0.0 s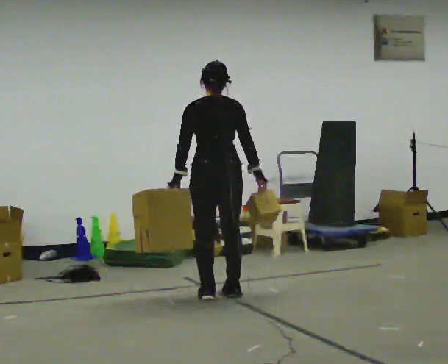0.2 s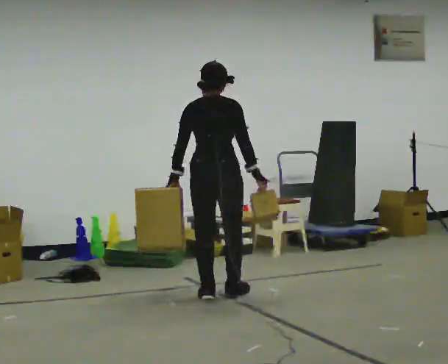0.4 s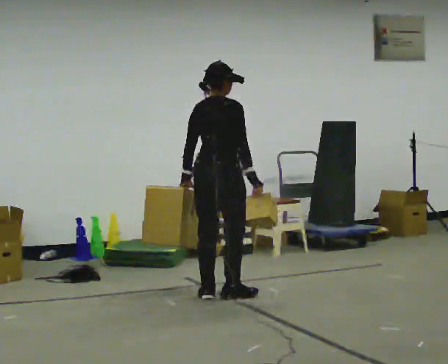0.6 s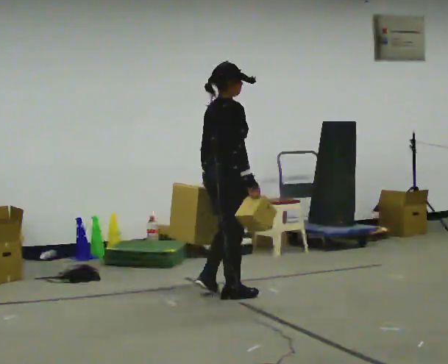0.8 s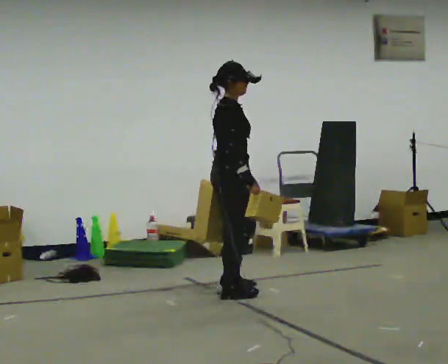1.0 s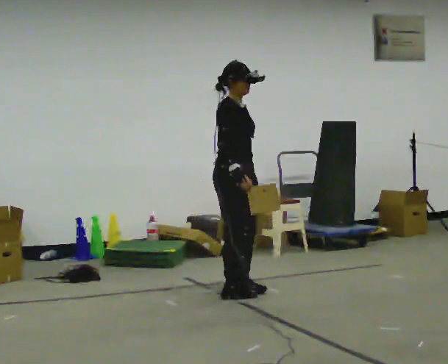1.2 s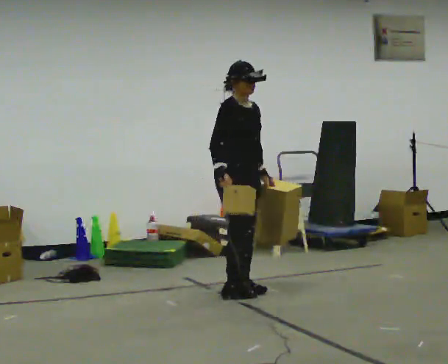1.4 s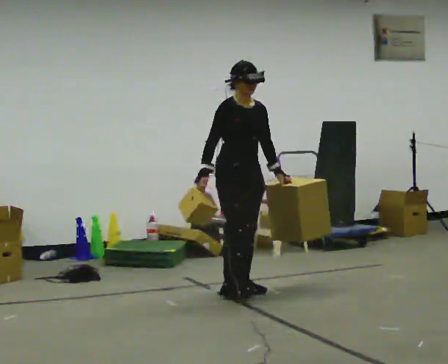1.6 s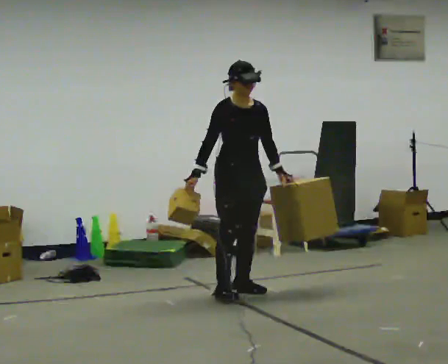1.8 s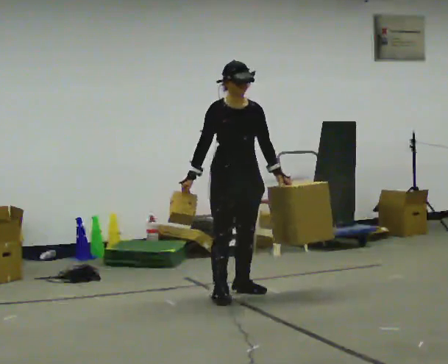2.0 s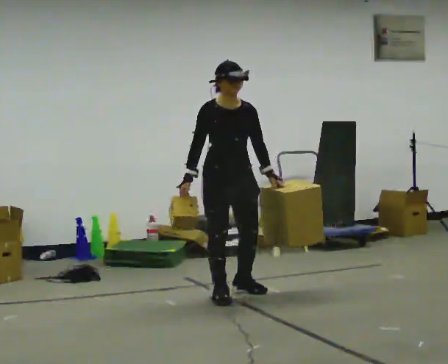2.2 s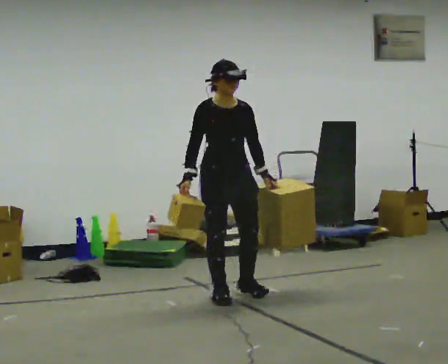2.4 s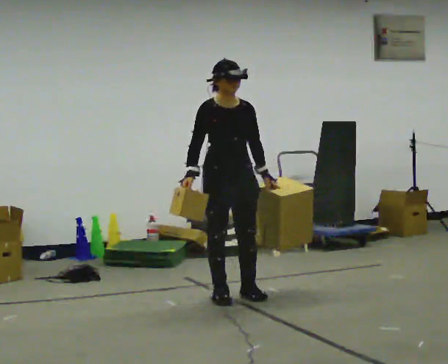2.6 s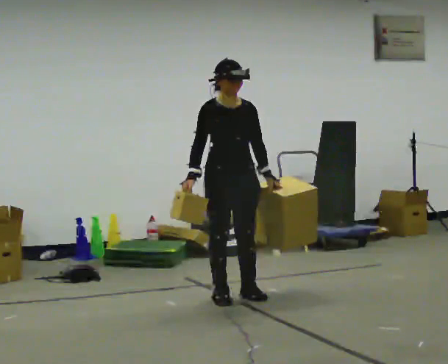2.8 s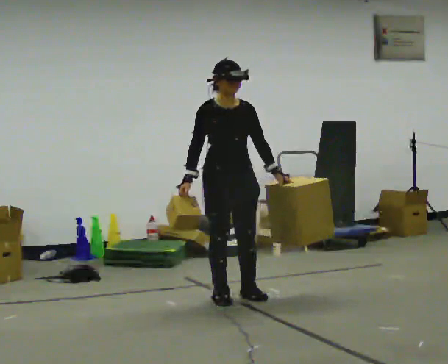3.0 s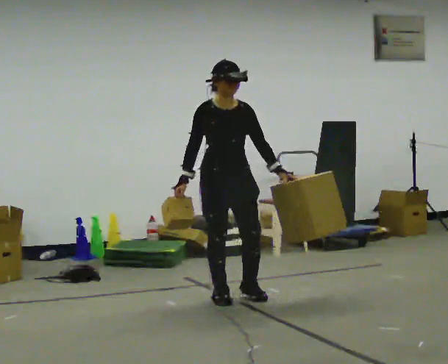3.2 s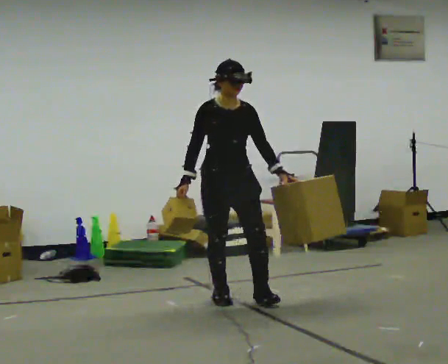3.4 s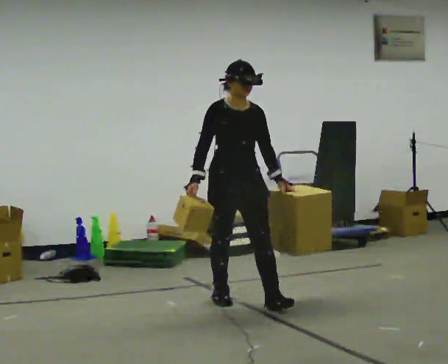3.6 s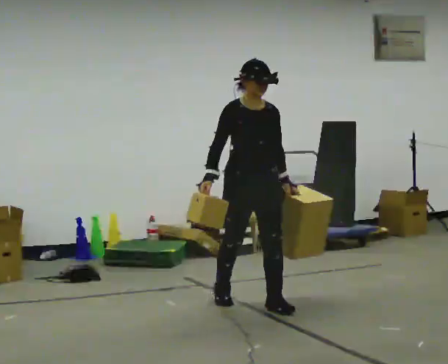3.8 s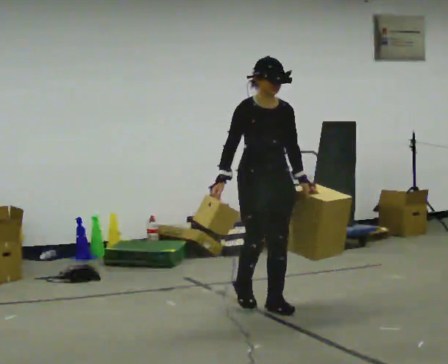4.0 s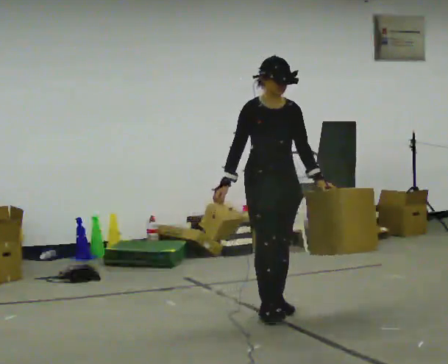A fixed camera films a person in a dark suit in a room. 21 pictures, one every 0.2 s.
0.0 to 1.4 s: Seen from above the body turns clockwise, about 150 degrees: to their right, with its near side sliding to the left. In the picture their right hand goes to the left, the arm swinging clockwise.
1.4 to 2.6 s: In the picture they go toward the camera, about 0.25 m in 1 step, which for them is forward.
2.6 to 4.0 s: In the picture they go toward the camera and to the right, about 0.5 m in 1 step, which for them is forward.
The film runs forward here.
